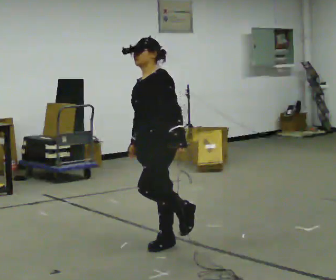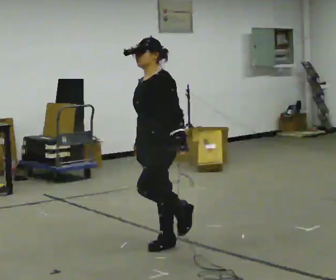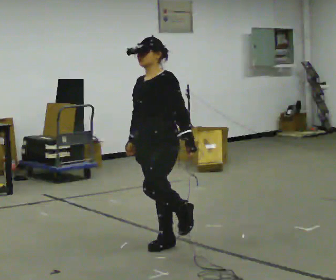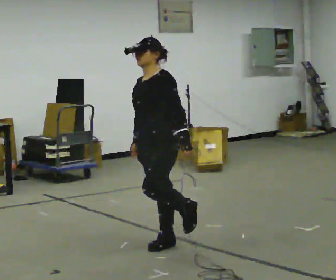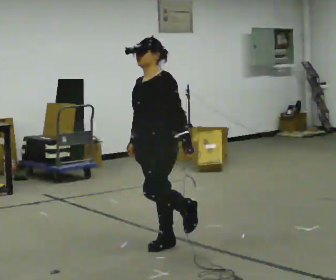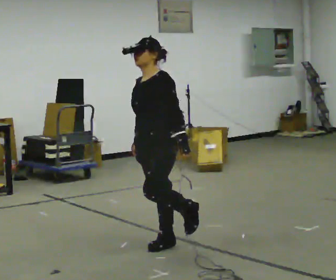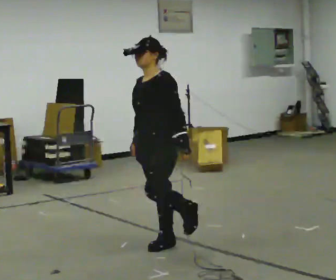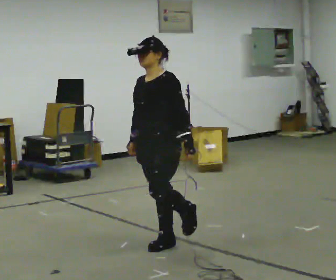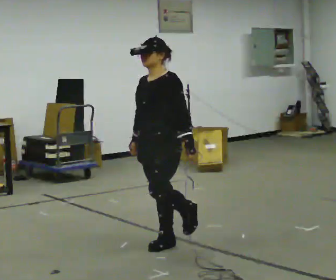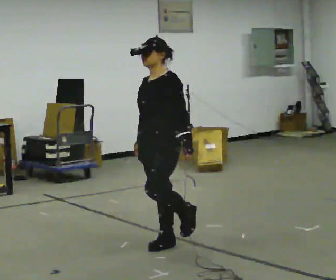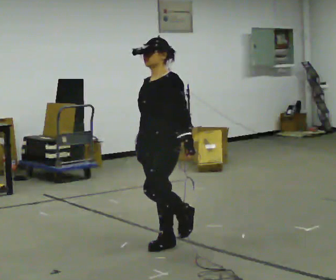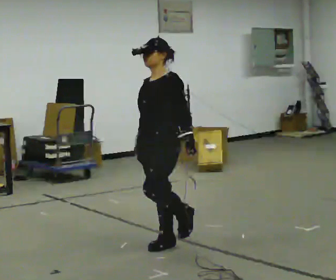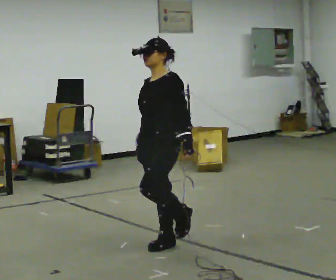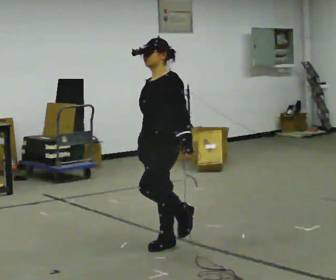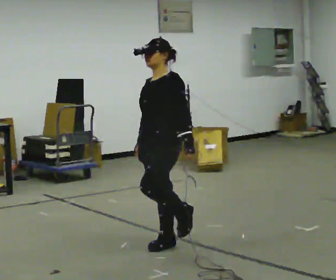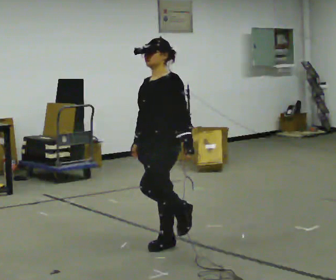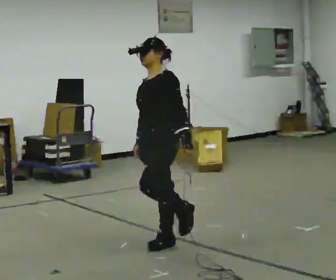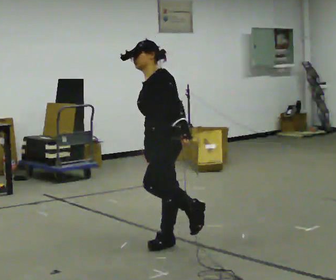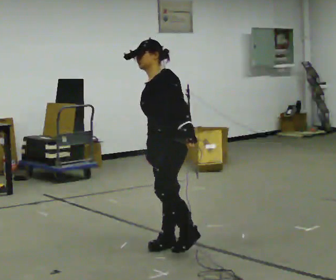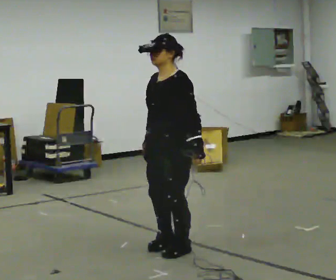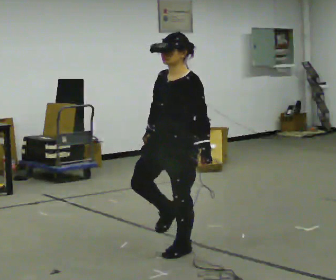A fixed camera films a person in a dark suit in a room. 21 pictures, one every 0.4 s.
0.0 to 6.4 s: The person moves a little, or ends about where they began.
6.4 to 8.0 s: In the picture they go toward the camera, about 0.25 m, which for them is to their left.
The film runs forward here.
